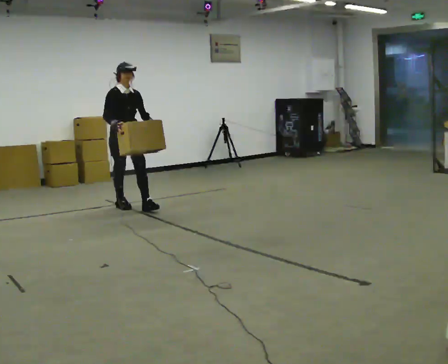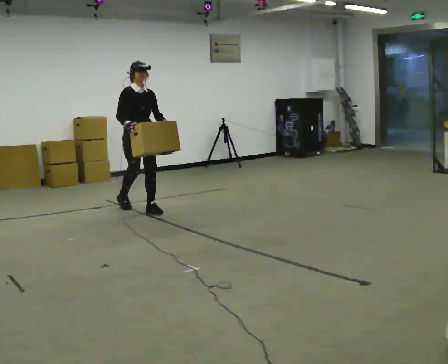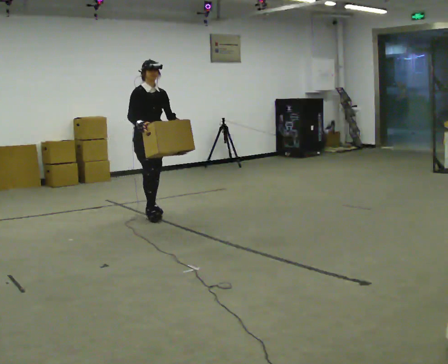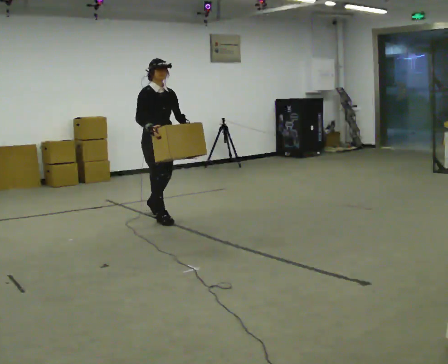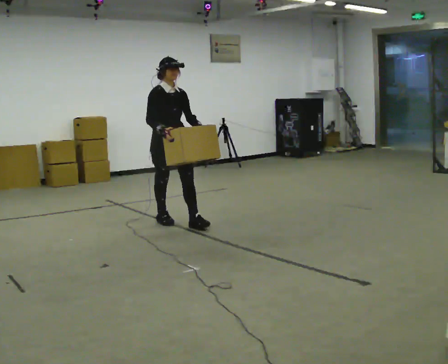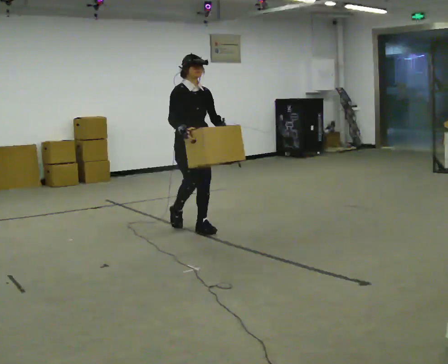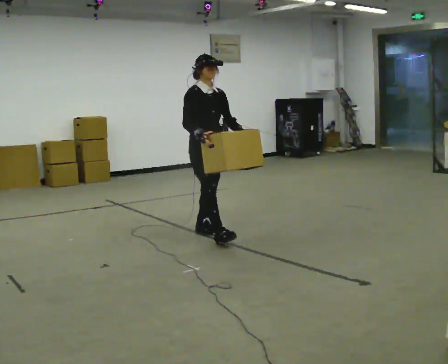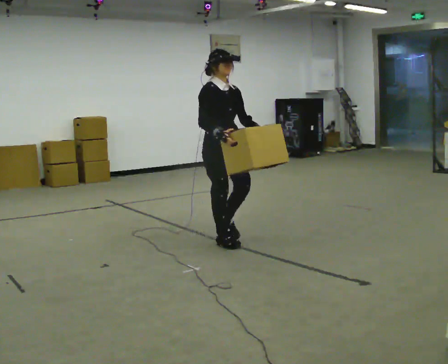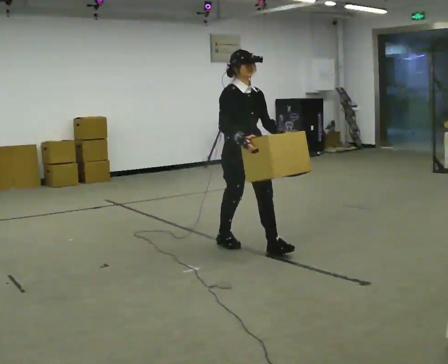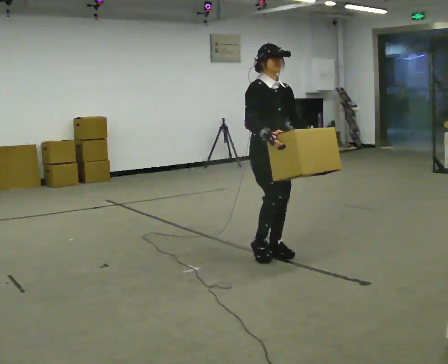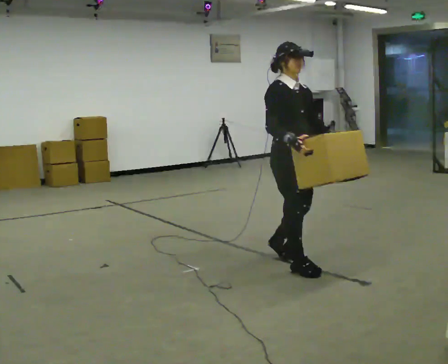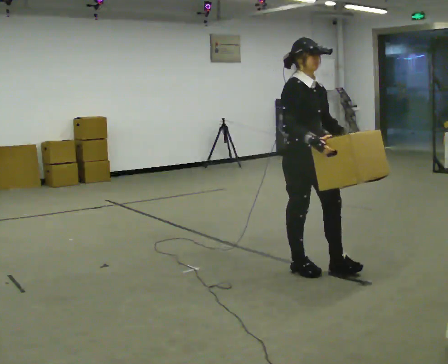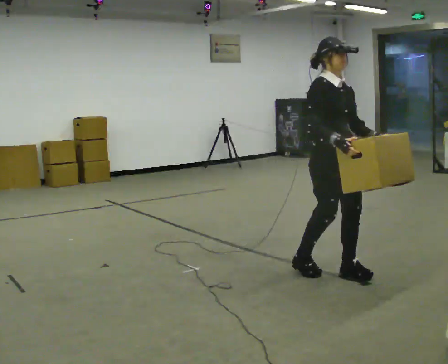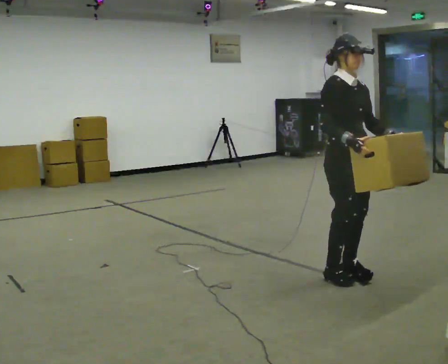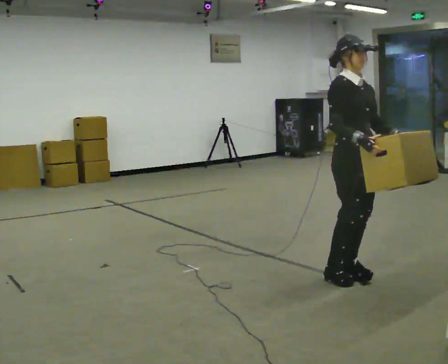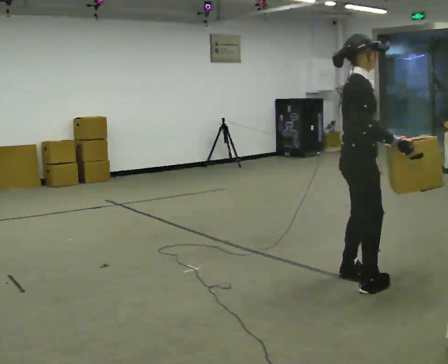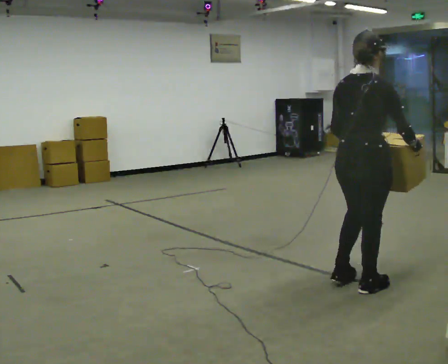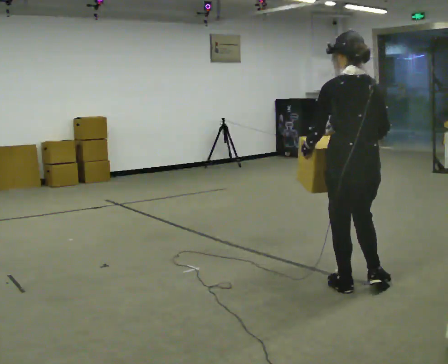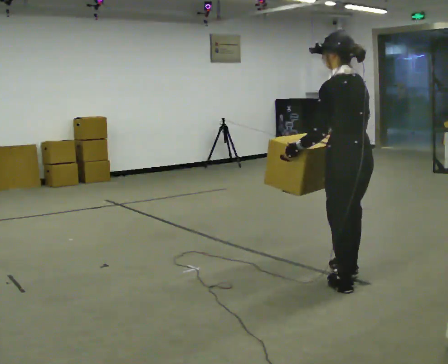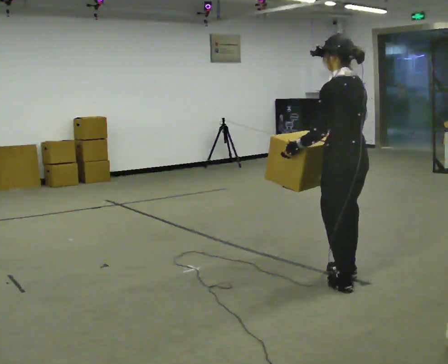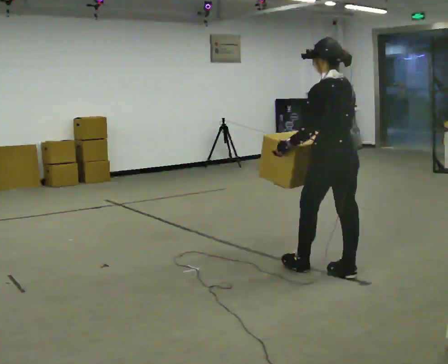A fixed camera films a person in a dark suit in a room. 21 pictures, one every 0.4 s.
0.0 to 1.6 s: In the picture they go to the right and toward the camera, about 1 m in 2 steps, which for them is forward.
1.6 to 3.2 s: In the picture they go to the right and toward the camera, about 1 m in 3 steps, which for them is forward.
3.2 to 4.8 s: In the picture they go to the right and toward the camera, about 1 m in 2 steps, which for them is forward.
4.8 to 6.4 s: The person turns about 105 degrees to their left, counterclockwise seen from above, so the part of the body nearest the lens slides to the right. In the picture they go toward the camera, about 0.25 m in 2 steps.
6.4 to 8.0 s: The person turns about 75 degrees to their left, counterclockwise seen from above, so the part of the body nearest the lens slides to the right. In the picture they go away from the camera, about 0.25 m in 2 steps.
The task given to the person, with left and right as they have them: Carry the heavy box in both hands in front of you, walking back and forth across the room. Keep walking until the operator says stop. Set it down if you need a rest.
The film runs forward here.
